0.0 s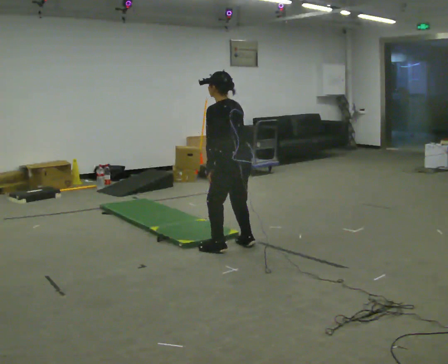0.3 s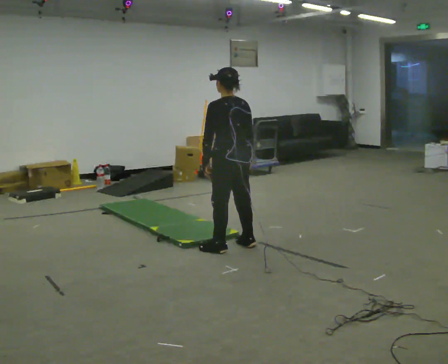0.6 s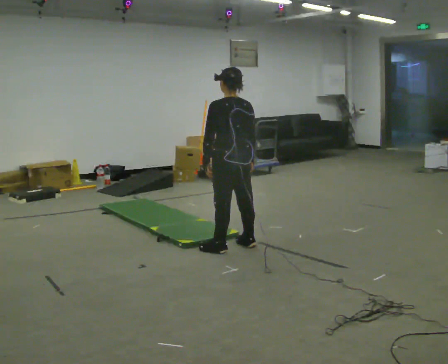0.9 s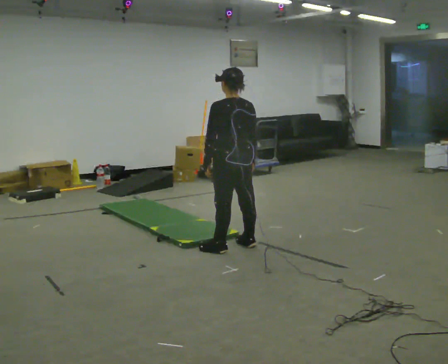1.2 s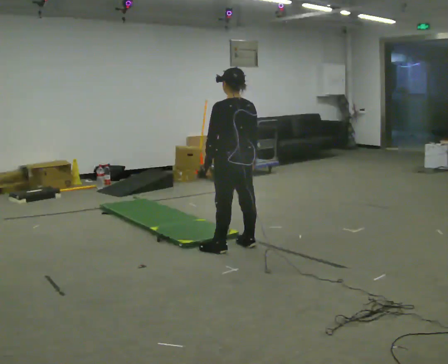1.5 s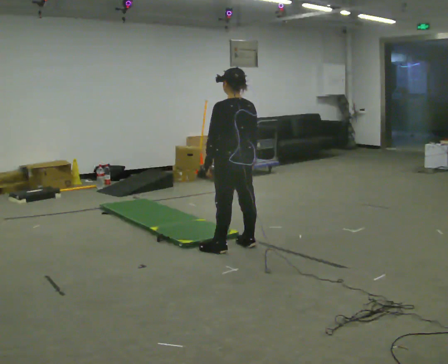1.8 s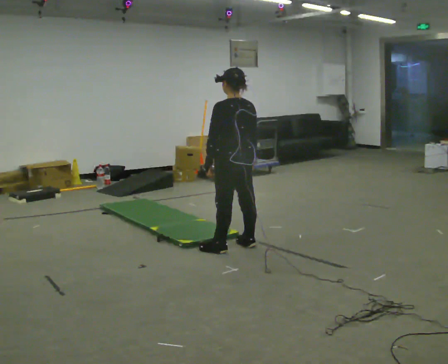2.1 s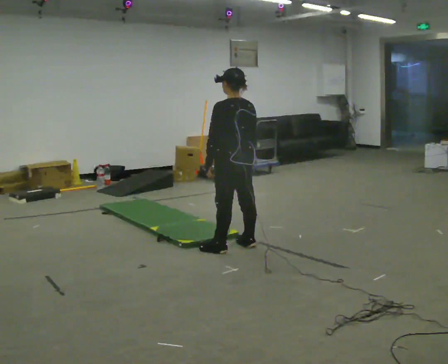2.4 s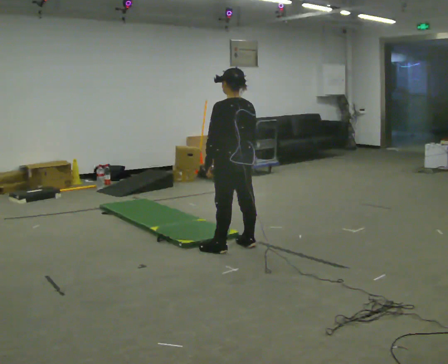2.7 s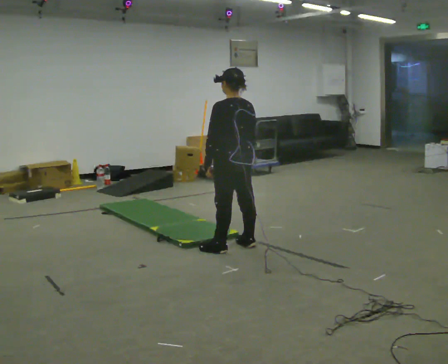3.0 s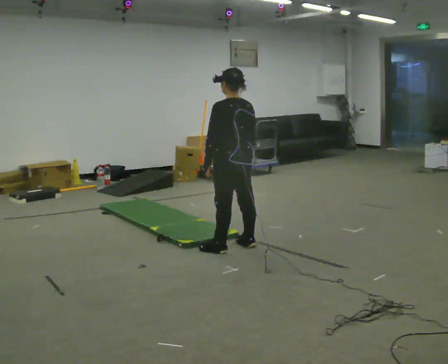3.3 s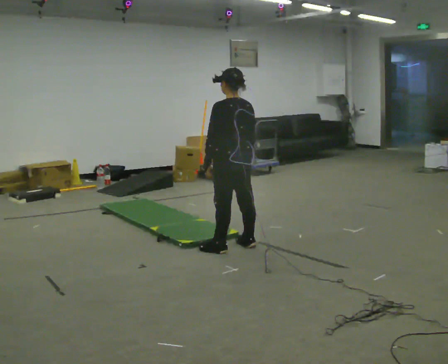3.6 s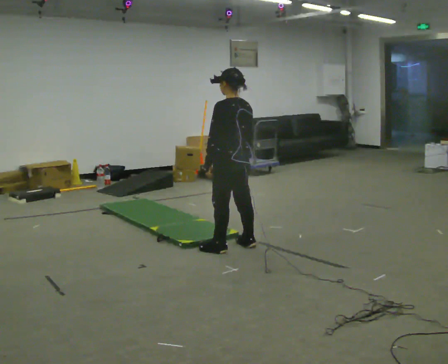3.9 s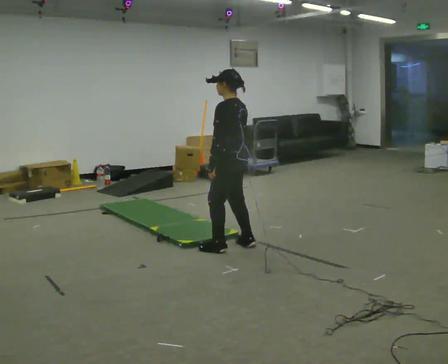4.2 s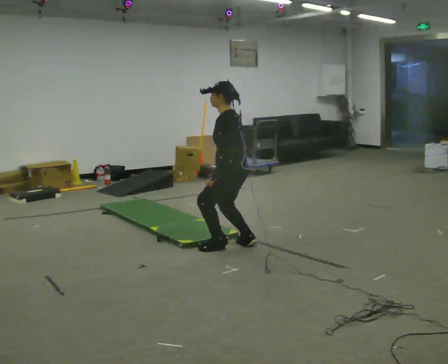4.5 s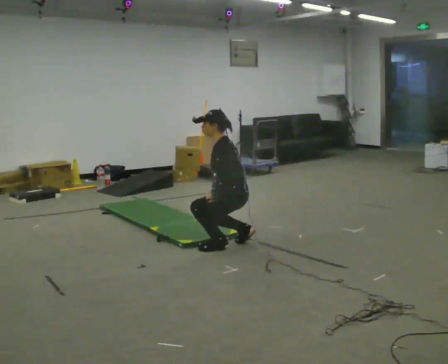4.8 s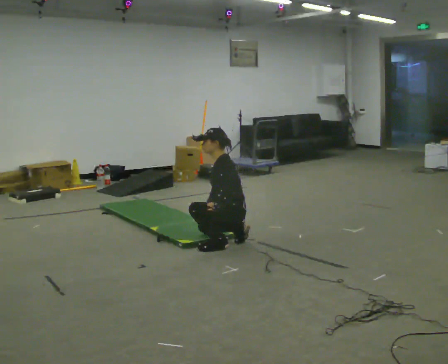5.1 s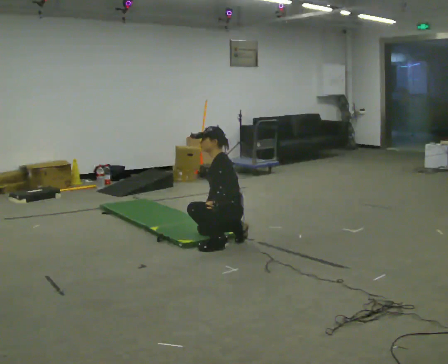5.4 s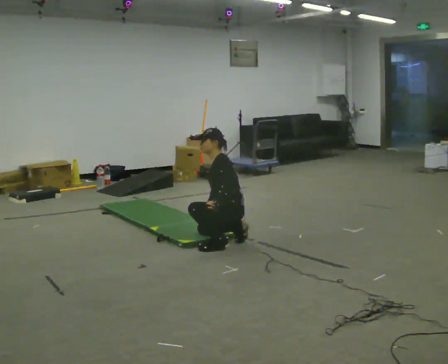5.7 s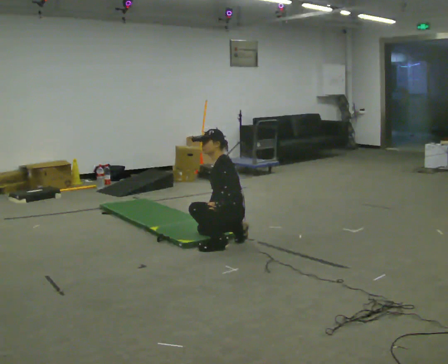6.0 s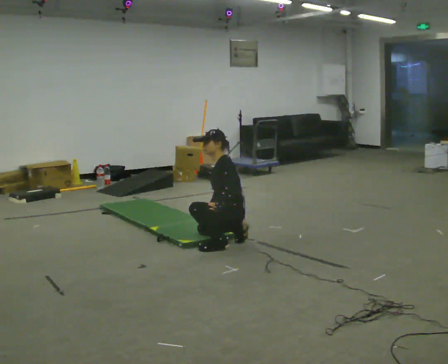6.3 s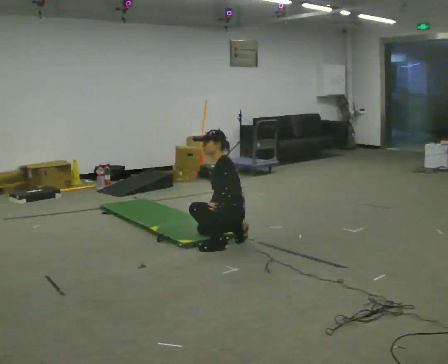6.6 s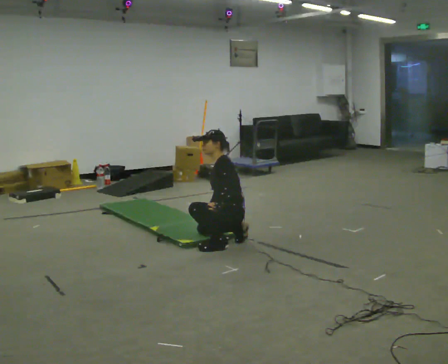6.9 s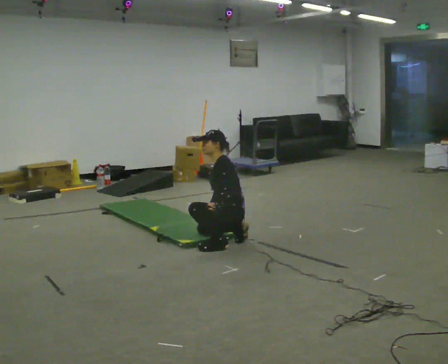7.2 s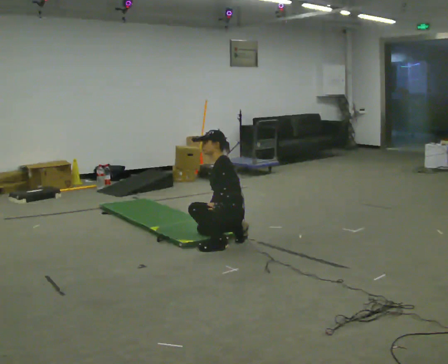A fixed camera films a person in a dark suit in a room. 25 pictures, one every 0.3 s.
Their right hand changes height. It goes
downward.
The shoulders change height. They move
downward.
0.0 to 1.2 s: The person moves a little, or ends about where they began.
1.2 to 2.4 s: The person keeps their place and pose.
2.4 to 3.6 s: The person moves a little, or ends about where they began.
3.6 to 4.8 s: The person turns about 45 degrees to their left, counterclockwise seen from above, so the part of the body nearest the lens slides to the right. The upper body goes downward. In the picture the upper body tilts counterclockwise, shoulders to the left, as they bend forward. In the picture their left hand goes downward.
4.8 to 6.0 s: The person moves a little, or ends about where they began.
6.0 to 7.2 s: The person keeps their place and pose.
The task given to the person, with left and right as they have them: From standing, kneel onto the knee the operator calls, hold briefly, then stand back up. Repeat the movement at your own pace until the operator says stop; do not rush.
The film runs forward here.
